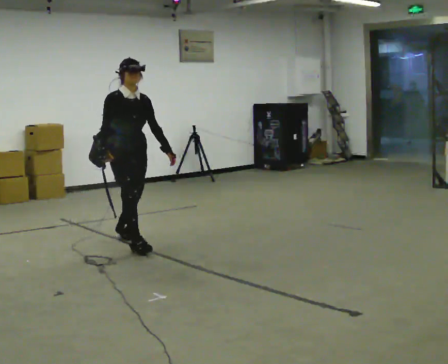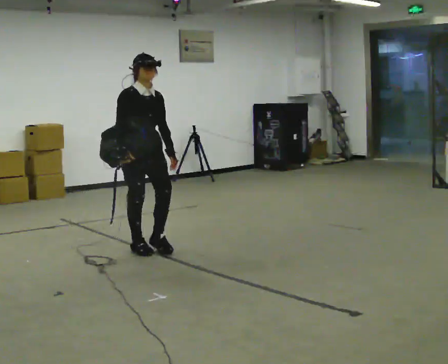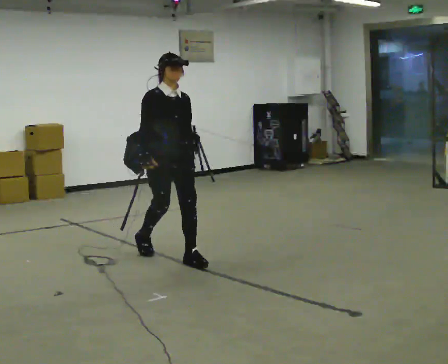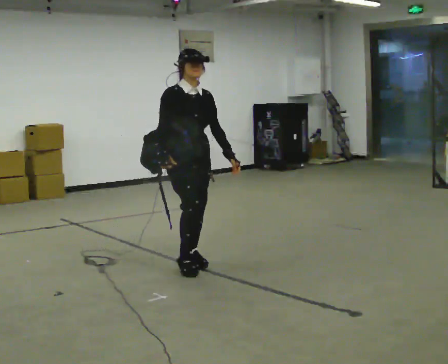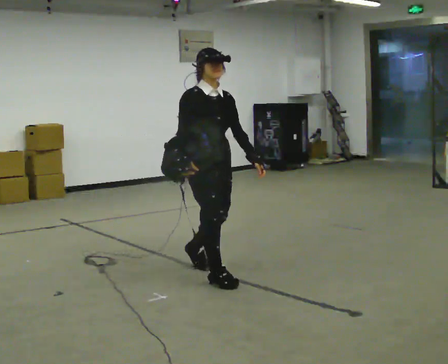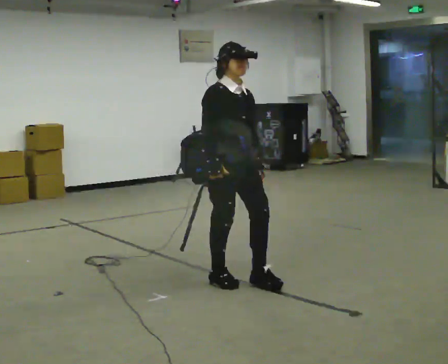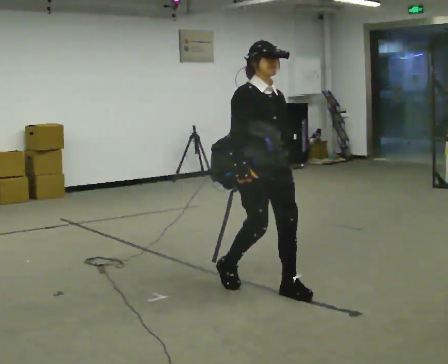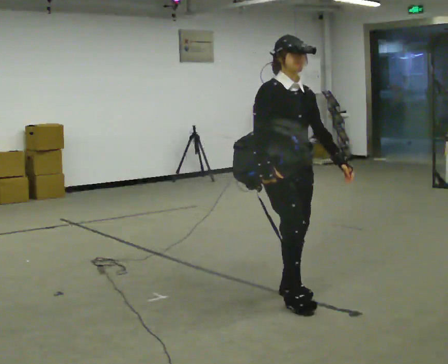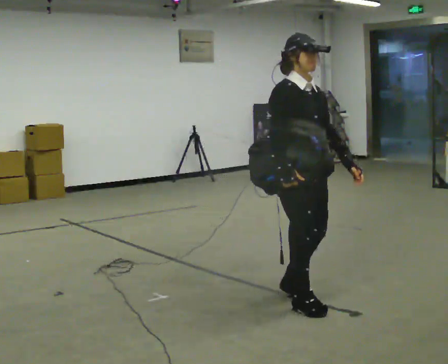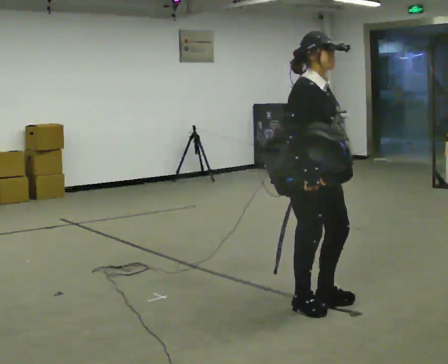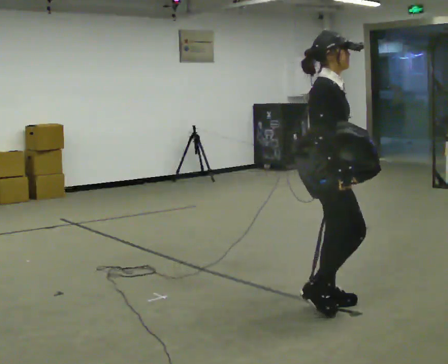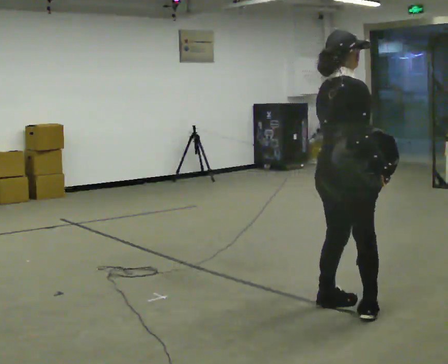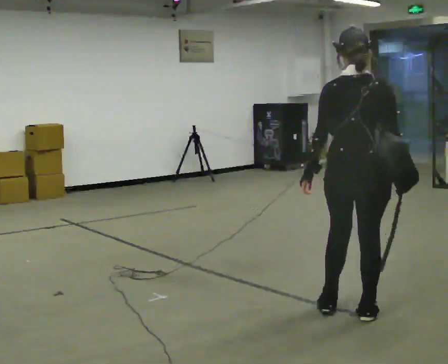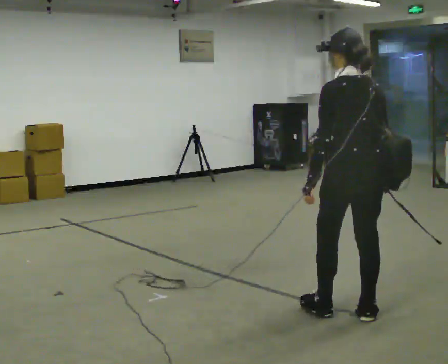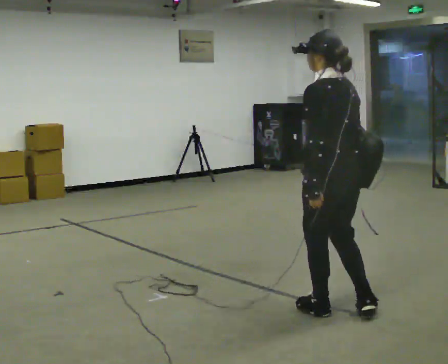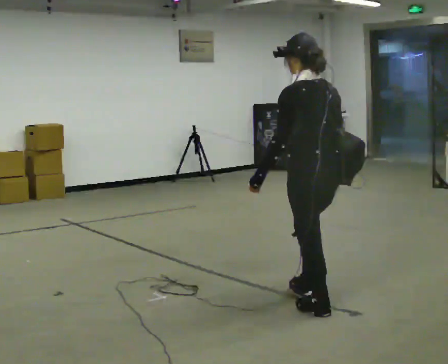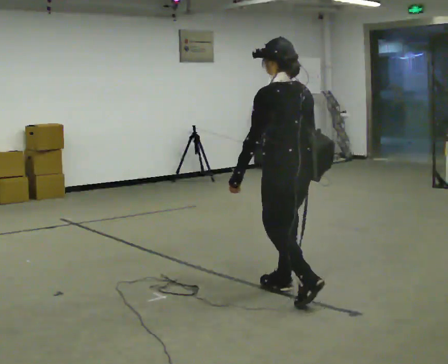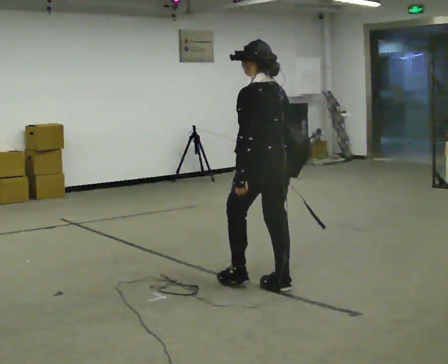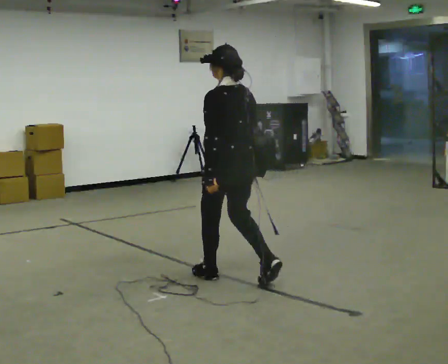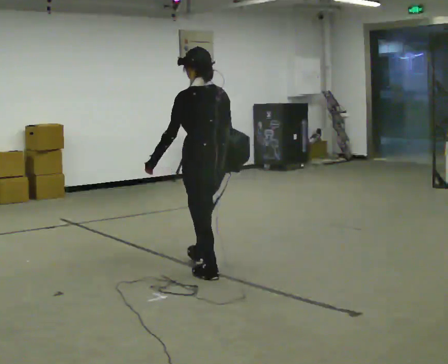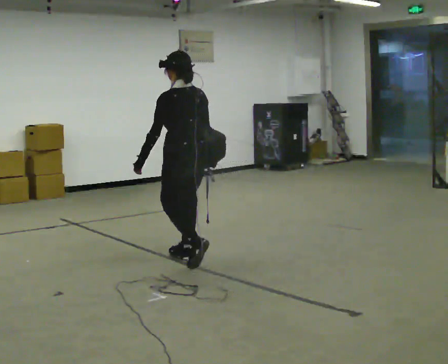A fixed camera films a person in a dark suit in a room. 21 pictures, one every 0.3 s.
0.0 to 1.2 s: In the picture they go to the right and toward the camera, about 1 m in 2 steps, which for them is forward.
1.2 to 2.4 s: In the picture they go to the right and toward the camera, about 1 m in 2 steps, which for them is forward.
2.4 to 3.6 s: The person turns about 120 degrees to their left, counterclockwise seen from above, so the part of the body nearest the lens slides to the right. In the picture they go to the right and toward the camera, about 0.5 m in 2 steps.
3.6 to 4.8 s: The part of the body nearest the lens slides to the right as the person turns to their left by about 60 degrees. In the picture they go to the left and away from the camera, about 0.5 m in 2 steps, which for them is forward.
4.8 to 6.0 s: In the picture they go to the left and away from the camera, about 1 m in 2 steps, which for them is forward.
The film runs forward here.
